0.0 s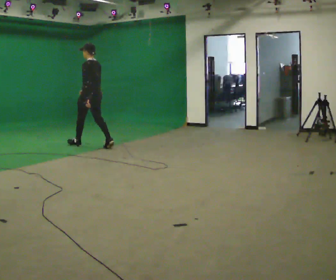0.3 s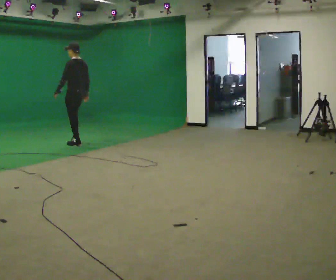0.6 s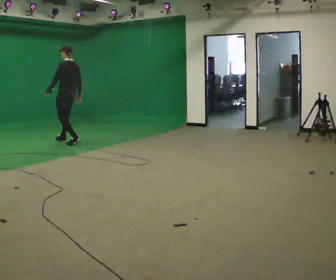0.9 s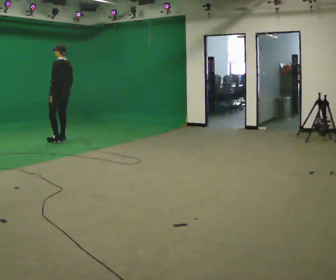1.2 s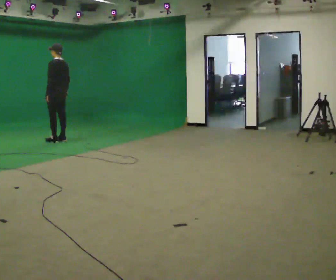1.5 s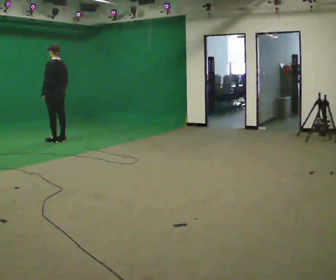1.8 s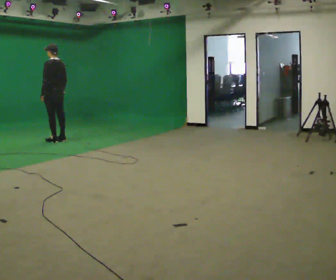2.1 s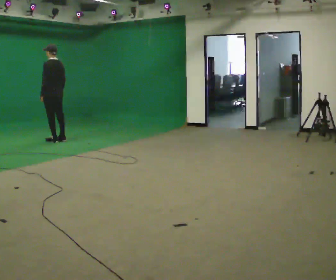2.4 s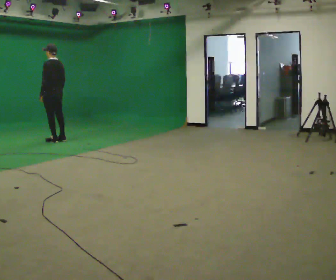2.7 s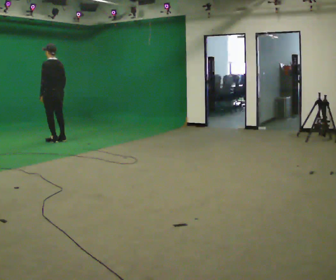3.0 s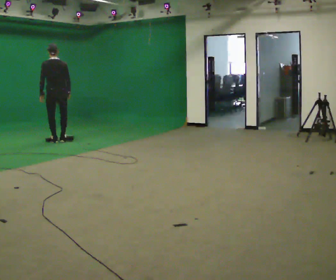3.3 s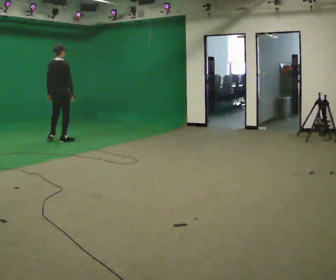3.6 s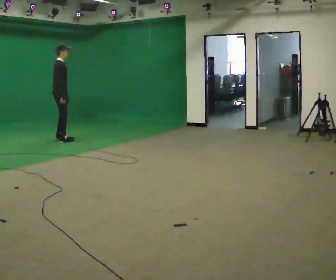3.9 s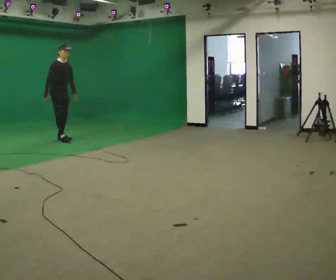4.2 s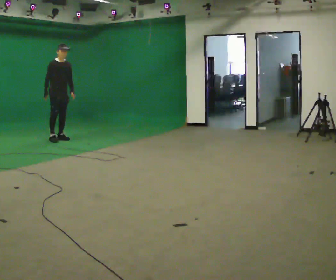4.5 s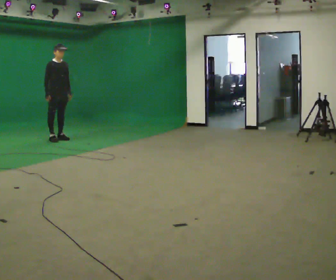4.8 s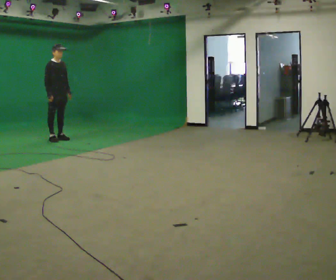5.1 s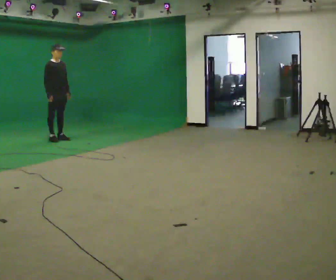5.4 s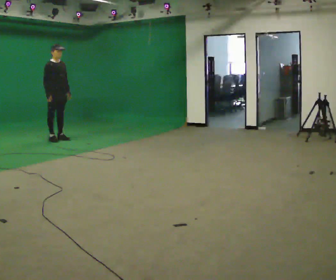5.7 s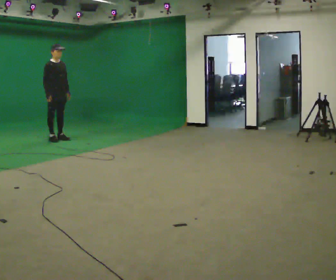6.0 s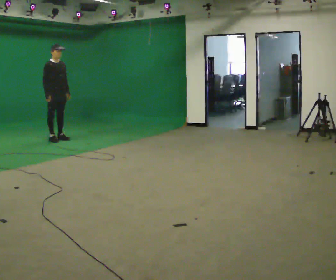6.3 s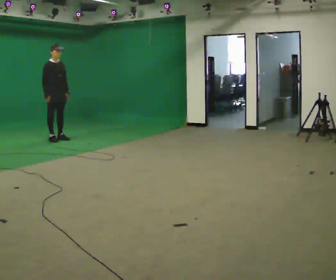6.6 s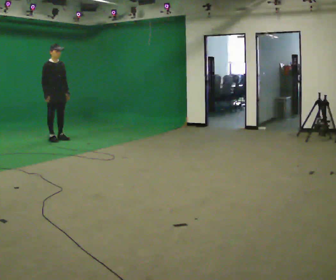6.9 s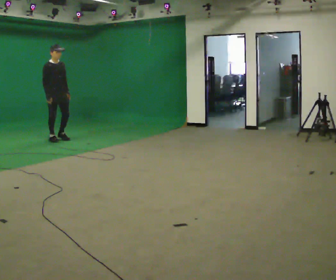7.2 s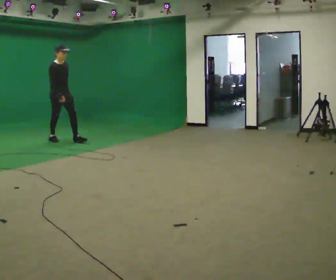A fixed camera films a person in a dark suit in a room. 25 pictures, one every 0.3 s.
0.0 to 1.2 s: In the picture they go away from the camera and to the left, about 1 m in 2 steps, which for them is forward.
1.2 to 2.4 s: The person moves a little, or ends about where they began.
2.4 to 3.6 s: The part of the body nearest the lens slides to the left as the person turns to their right by about 135 degrees. In the picture their left hand goes to the right.
3.6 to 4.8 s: The person turns about 45 degrees to their right, clockwise seen from above, so the part of the body nearest the lens slides to the left.
4.8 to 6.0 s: The person moves a little, or ends about where they began.
6.0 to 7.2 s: In the picture they go toward the camera, about 0.25 m, which for them is forward.
The film runs forward here.
